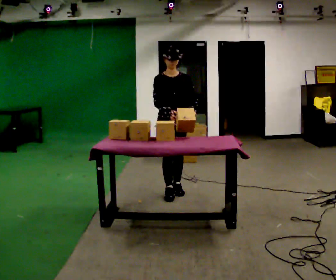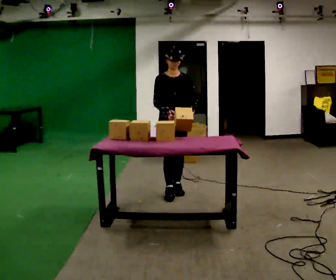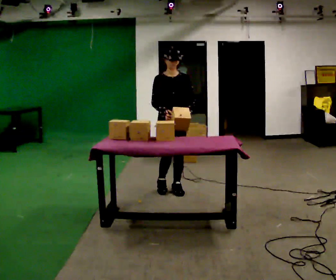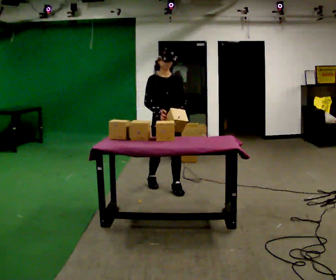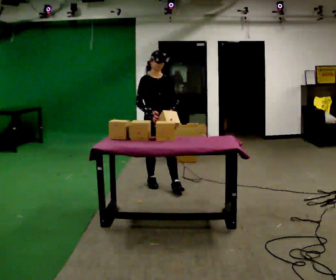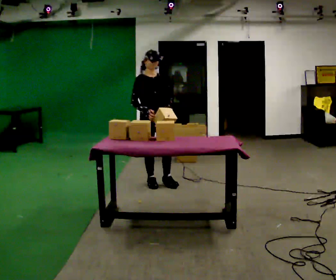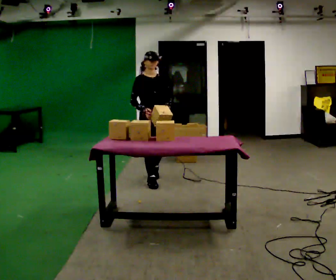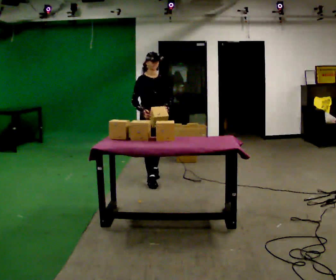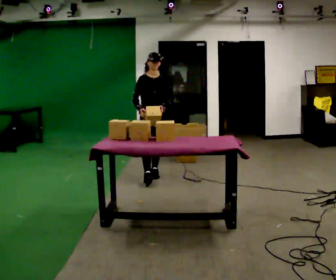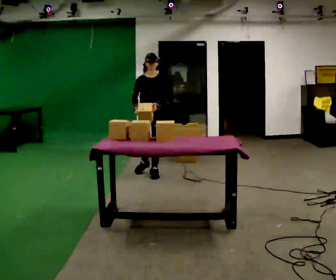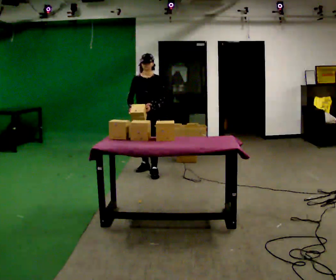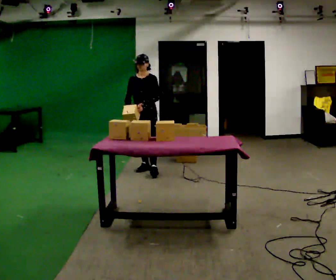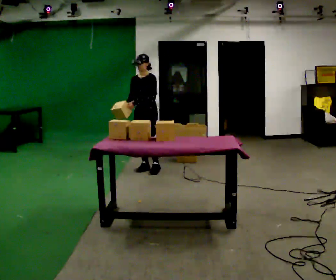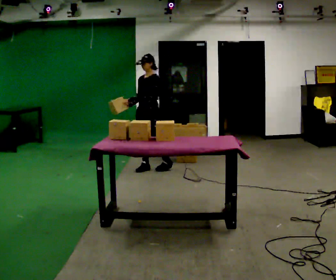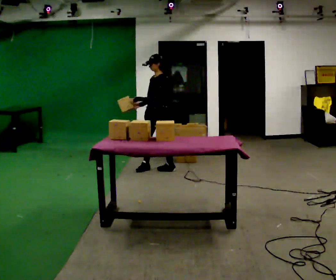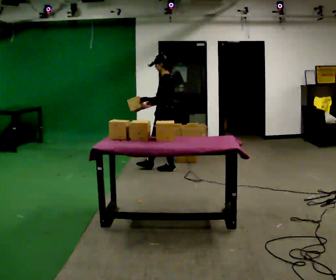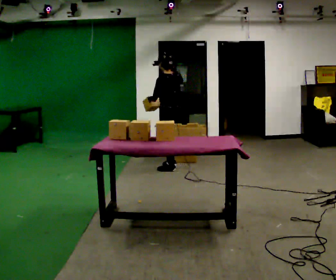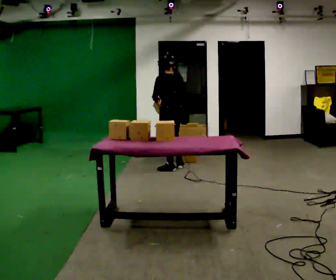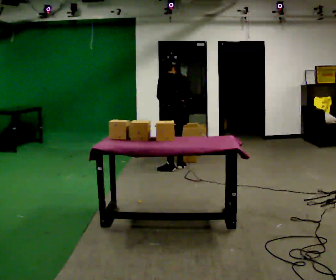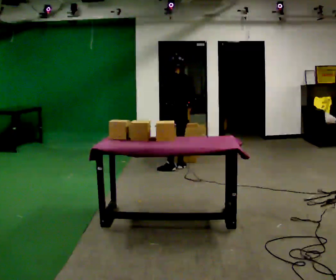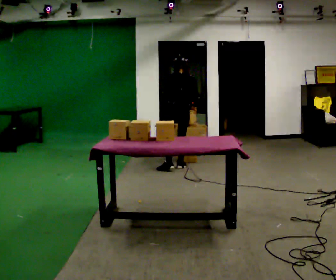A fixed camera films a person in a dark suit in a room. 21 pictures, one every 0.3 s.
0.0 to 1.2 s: In the picture they go away from the camera, about 0.25 m in 1 step, which for them is backward and to their right.
1.2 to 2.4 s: In the picture they go away from the camera, about 0.5 m in 2 steps, which for them is backward.
2.4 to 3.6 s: Seen from above the body turns clockwise, about 30 degrees: to their right, with its near side sliding to the left. In the picture they go away from the camera, about 0.5 m, which for them is backward and to their right.
3.6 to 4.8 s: The person turns about 90 degrees to their right, clockwise seen from above, so the part of the body nearest the lens slides to the left. In the picture they go to the right, about 0.25 m in 1 step.
4.8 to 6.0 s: Seen from above the body turns clockwise, about 45 degrees: to their right, with its near side sliding to the left. In the picture they go away from the camera, about 0.25 m, which for them is to their right. The upper body tips away from the camera, its near side rolling upward, as they bend forward. In the picture their left hand goes to the right.
The film runs backward here.
